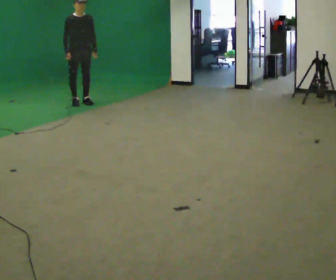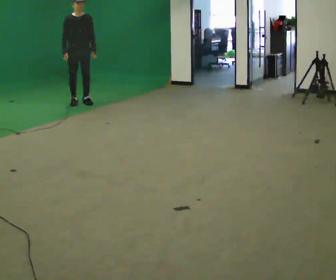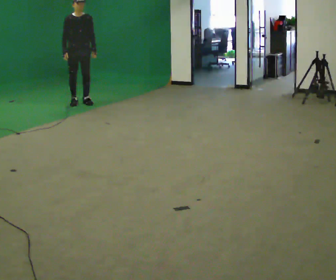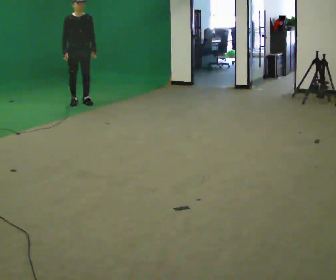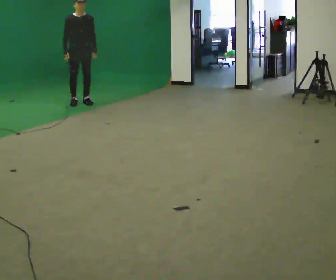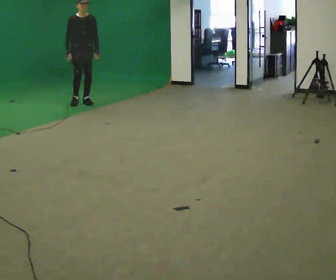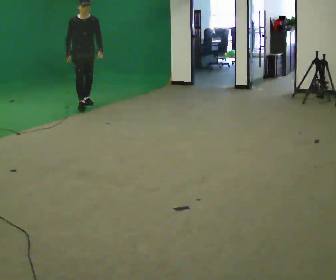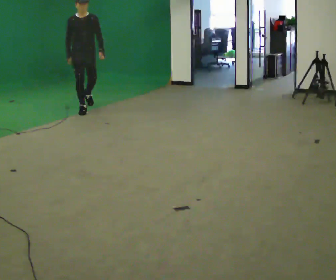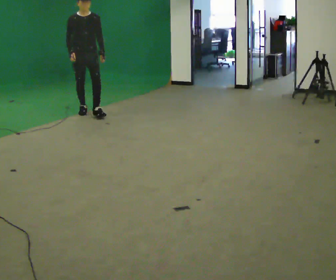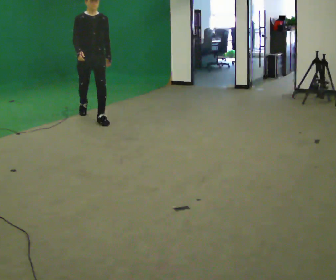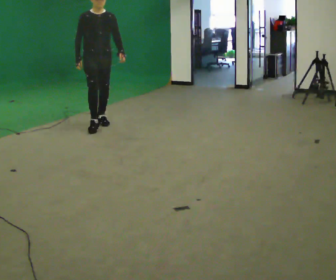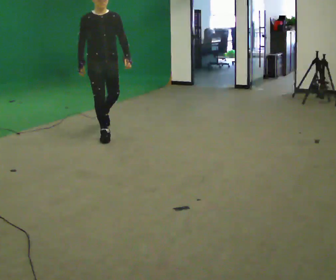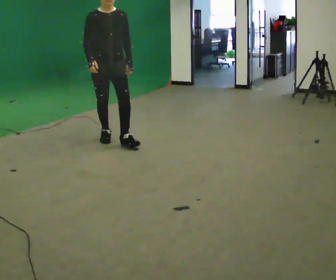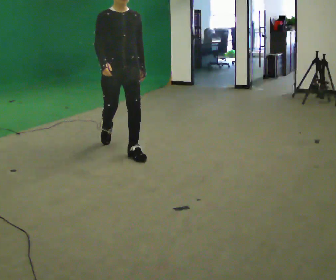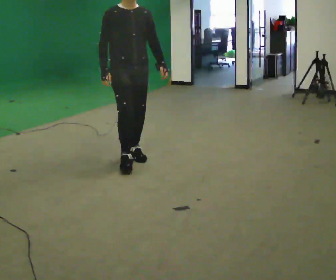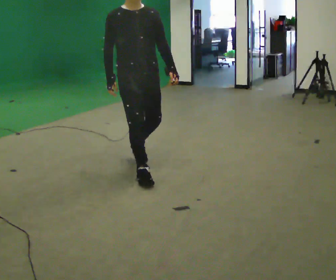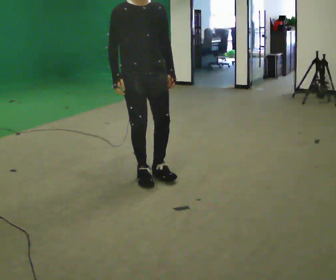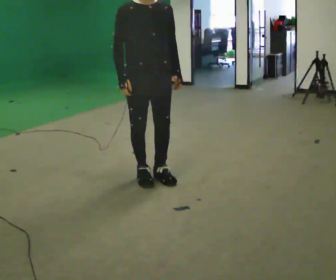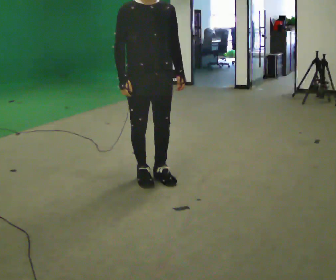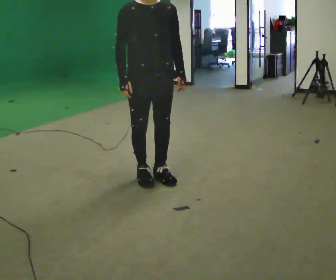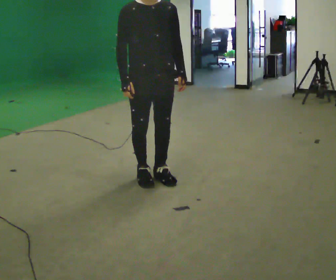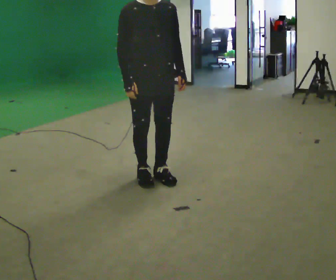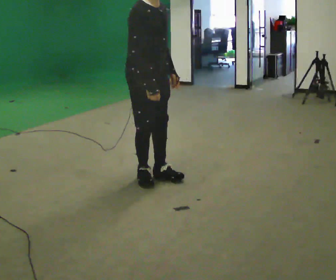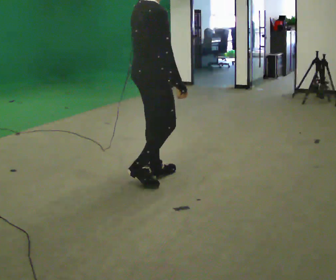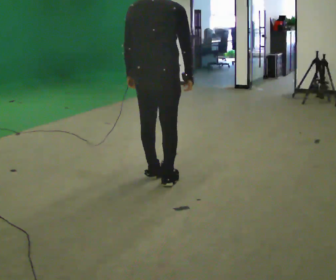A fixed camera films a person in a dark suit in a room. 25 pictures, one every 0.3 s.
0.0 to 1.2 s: The person moves a little, or ends about where they began.
1.2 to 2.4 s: In the picture they go toward the camera, about 0.5 m in 1 step, which for them is forward.
2.4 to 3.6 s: In the picture they go toward the camera, about 1.5 m in 2 steps, which for them is forward.
3.6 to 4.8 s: In the picture they go toward the camera, about 1 m in 2 steps, which for them is forward.
4.8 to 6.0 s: The person moves a little, or ends about where they began.
6.0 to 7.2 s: The person turns about 150 degrees to their left, counterclockwise seen from above, so the part of the body nearest the lens slides to the right. In the picture their left hand goes to the left.
The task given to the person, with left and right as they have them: Walk forward while moving diagonally left/right; finish ~45° from start direction.
The film runs forward here.
